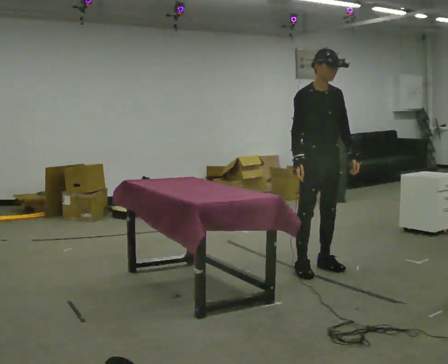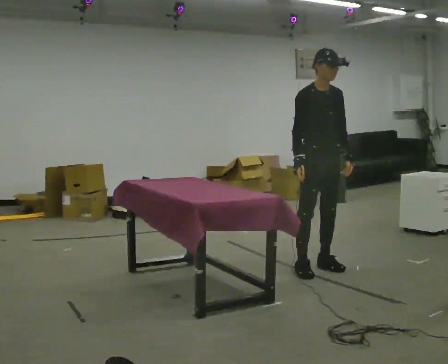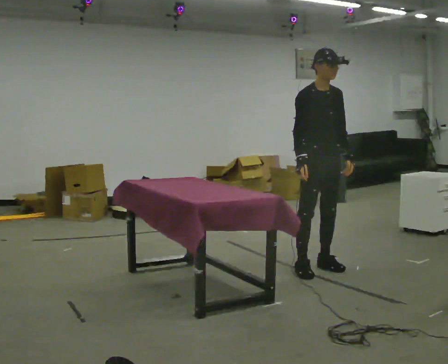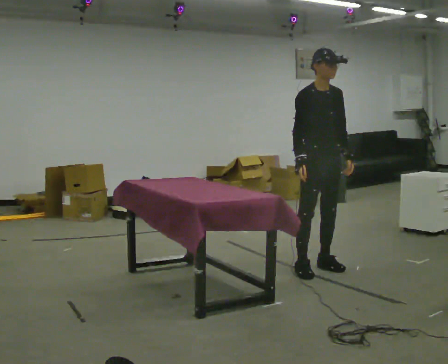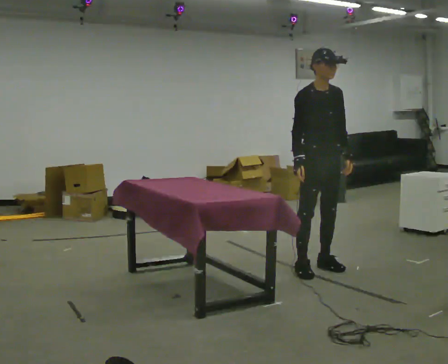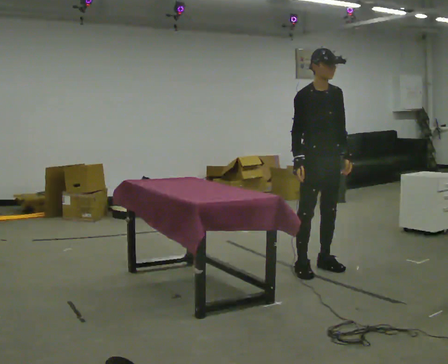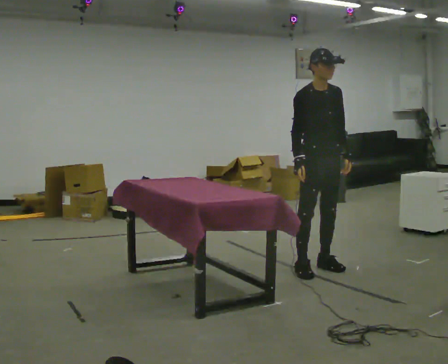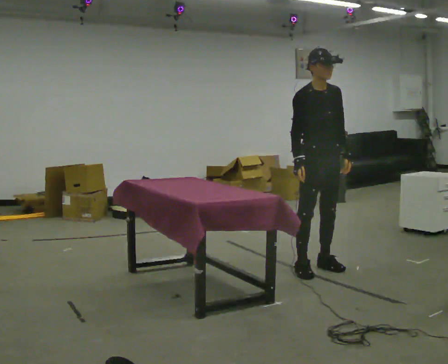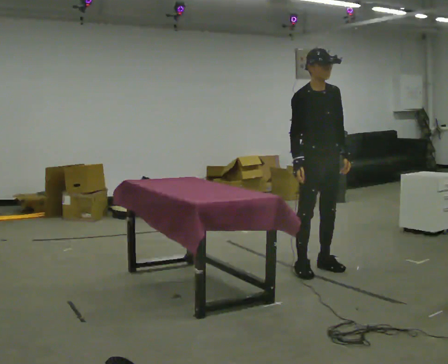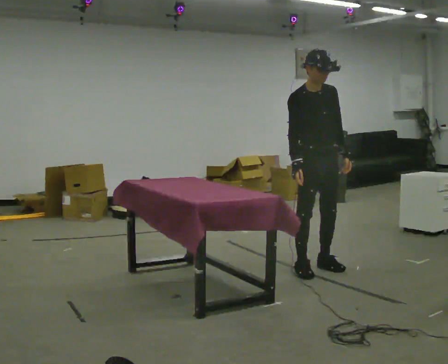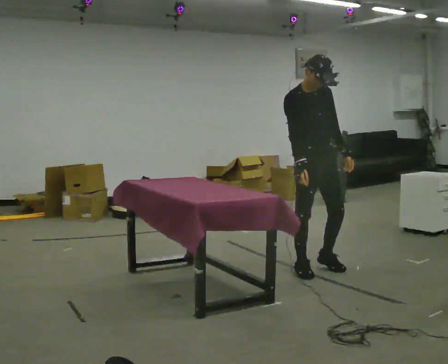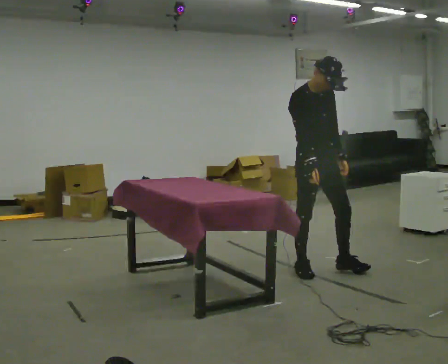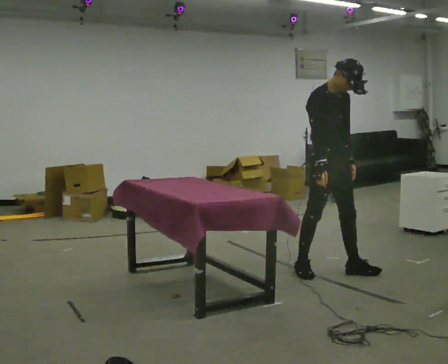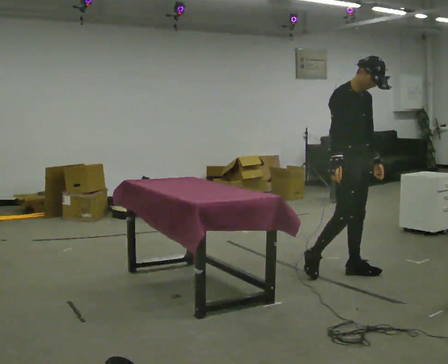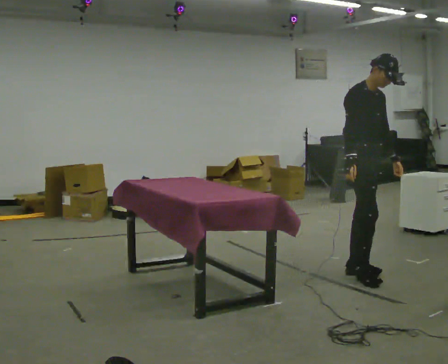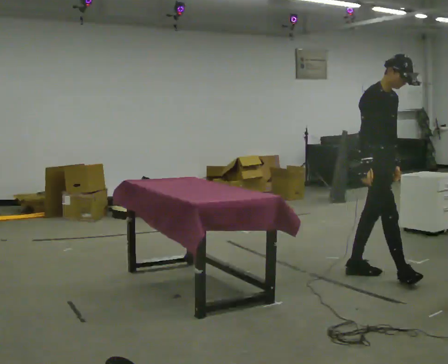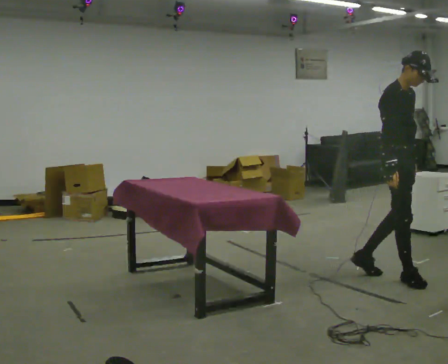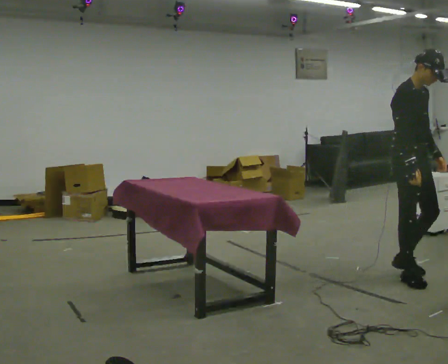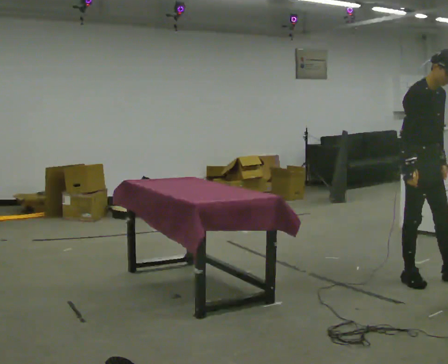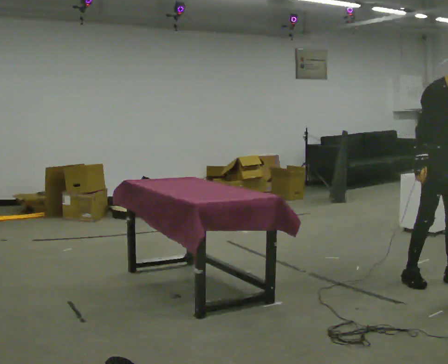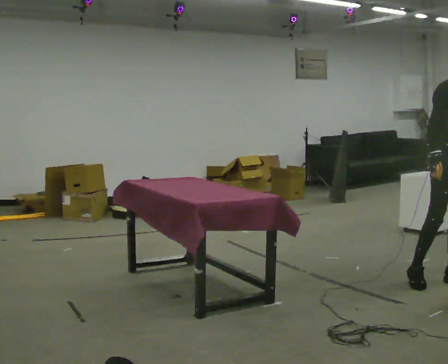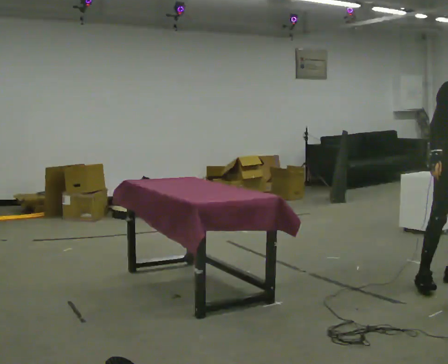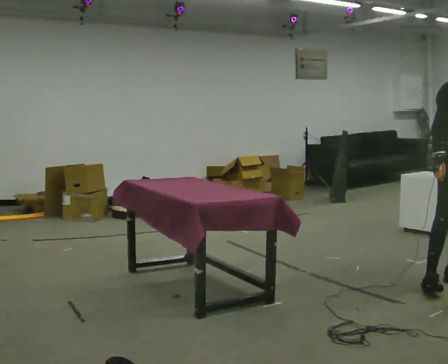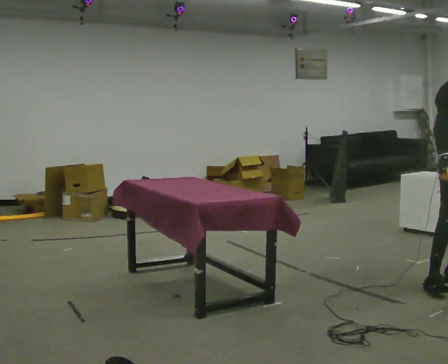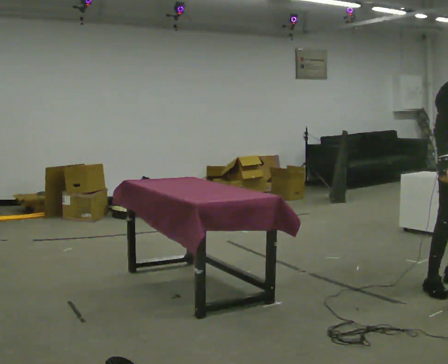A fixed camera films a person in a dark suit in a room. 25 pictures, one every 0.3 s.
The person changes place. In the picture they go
to the right.
0.0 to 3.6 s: The person moves a little, or ends about where they began.
3.6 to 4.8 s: In the picture they go to the right, about 0.5 m in 1 step, which for them is forward.
4.8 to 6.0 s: Seen from above the body turns clockwise, about 30 degrees: to their right, with its near side sliding to the left. In the picture they go to the right, about 0.5 m in 1 step, which for them is forward.
6.0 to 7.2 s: The person moves a little, or ends about where they began.
The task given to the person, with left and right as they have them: 1. The operator will tell you the shelf is already sorted and just needs moving to the table. 2. Do what you think is right. 3. Tell the operator when you are finished.
The film runs forward here.
